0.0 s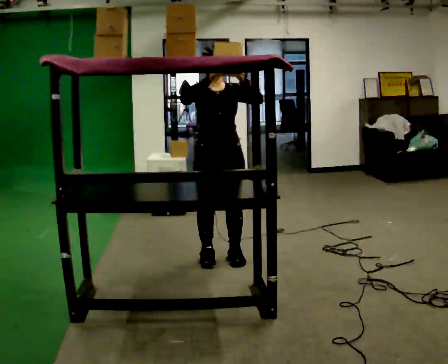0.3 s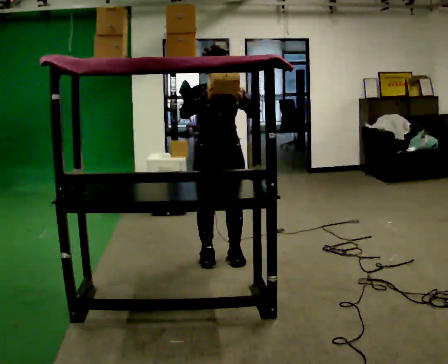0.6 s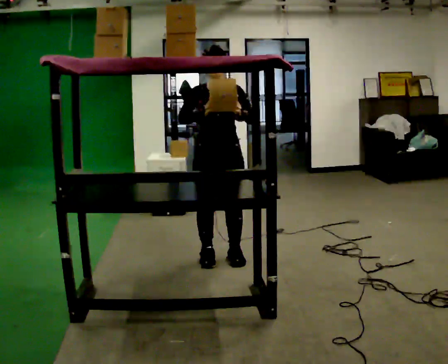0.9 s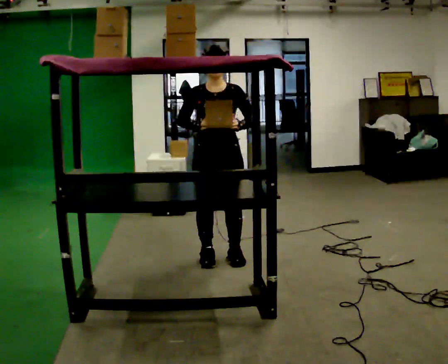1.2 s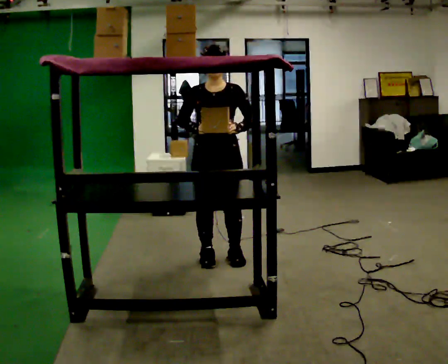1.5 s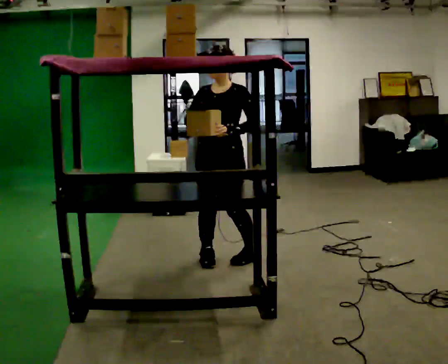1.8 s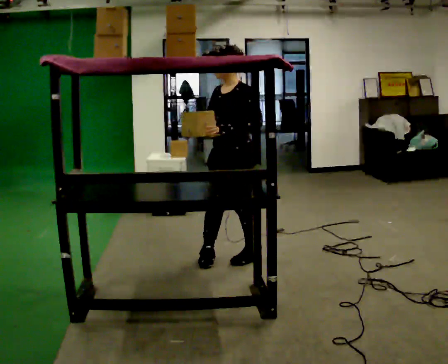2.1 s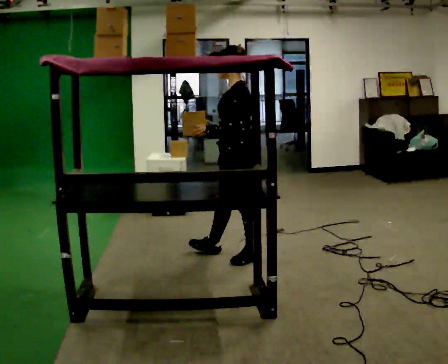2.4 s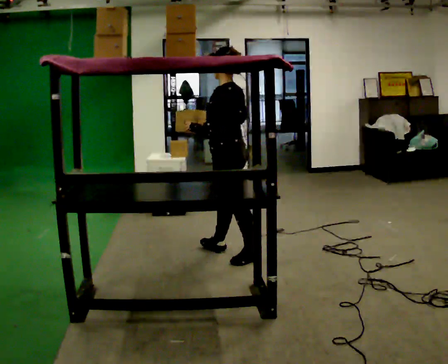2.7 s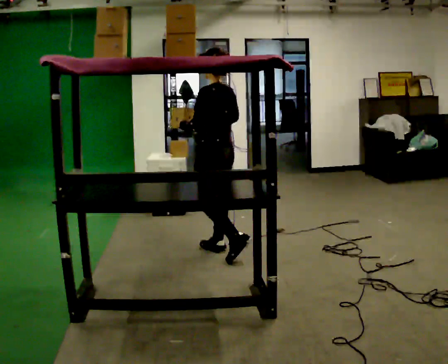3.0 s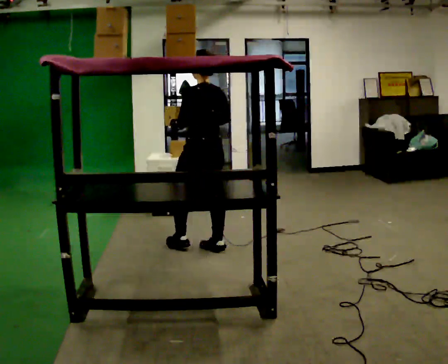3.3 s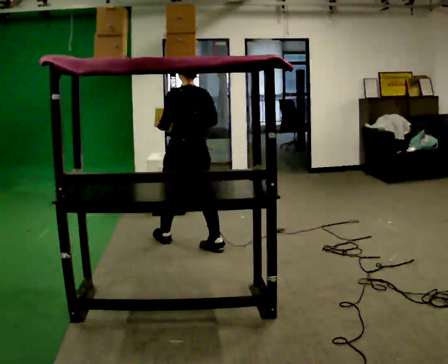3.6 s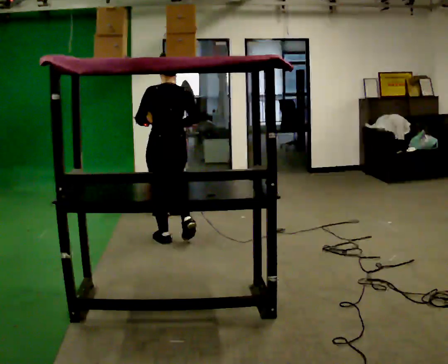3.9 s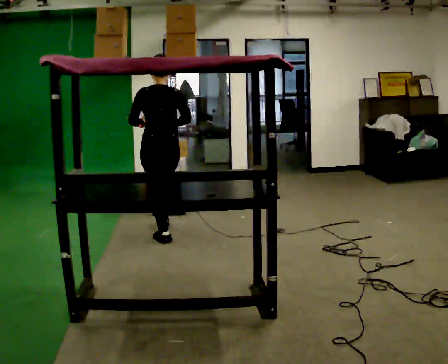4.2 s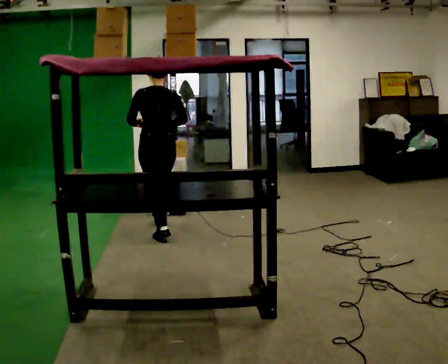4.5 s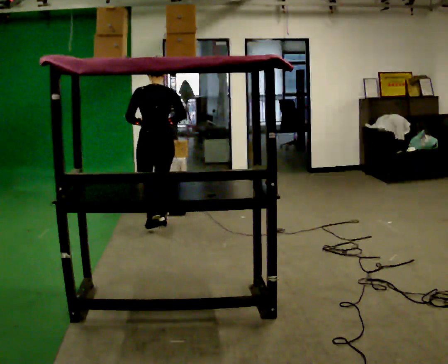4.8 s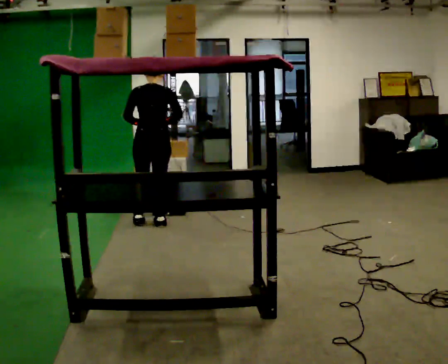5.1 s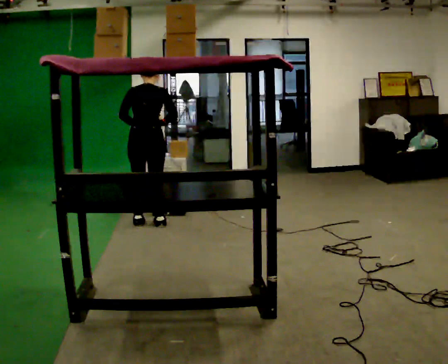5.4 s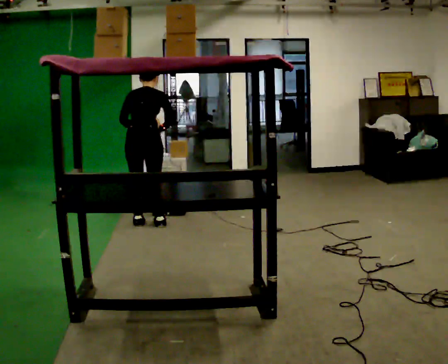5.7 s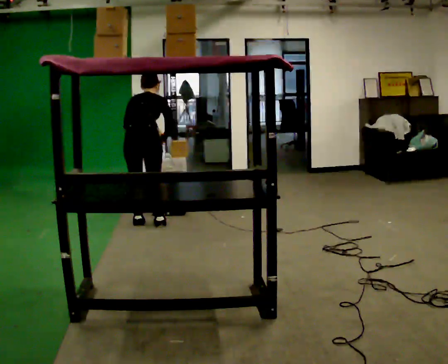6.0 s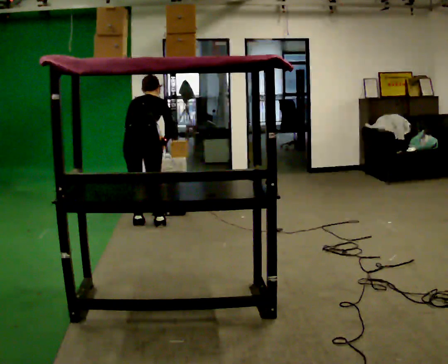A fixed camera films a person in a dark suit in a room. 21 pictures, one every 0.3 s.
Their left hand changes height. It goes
downward.
The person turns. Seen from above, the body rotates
clockwise.
0.0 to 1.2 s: In the picture their right hand goes downward.
1.2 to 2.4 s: The person turns about 105 degrees to their right, clockwise seen from above, so the part of the body nearest the lens slides to the left.
2.4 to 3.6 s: The person turns about 45 degrees to their right, clockwise seen from above, so the part of the body nearest the lens slides to the left. In the picture they go to the left and away from the camera, about 0.75 m in 1 step, which for them is forward.
3.6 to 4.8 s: In the picture they go away from the camera, about 0.5 m in 1 step, which for them is forward.
4.8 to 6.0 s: The upper body tips away from the camera, its near side rolling upward, as they bend forward.
The film runs forward here.
